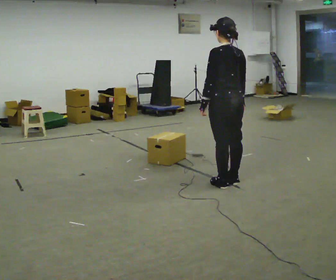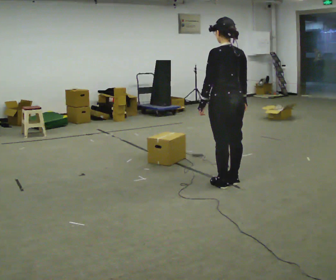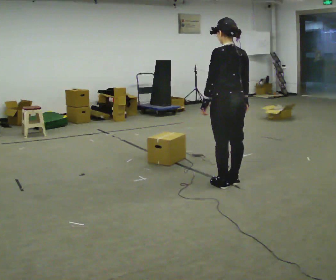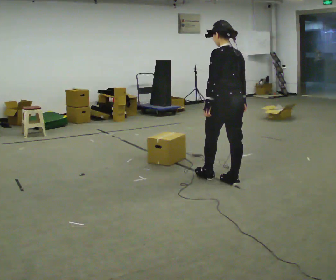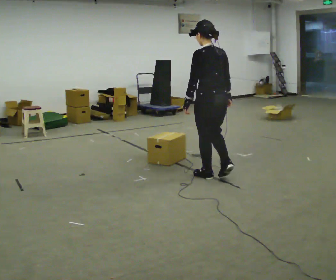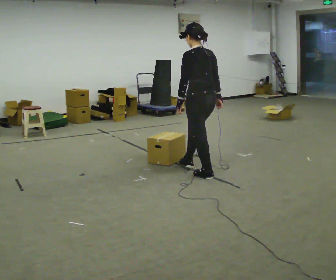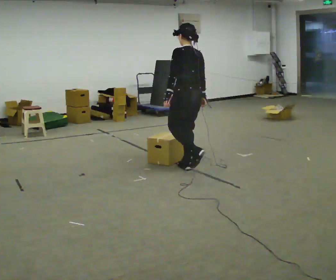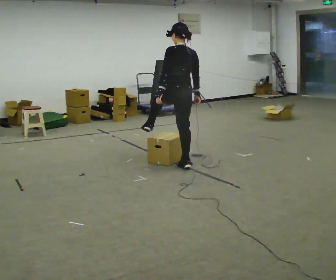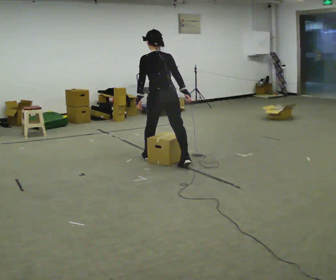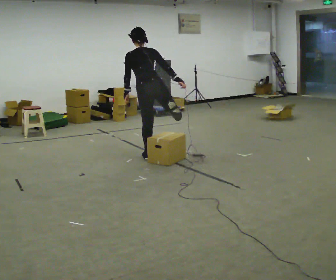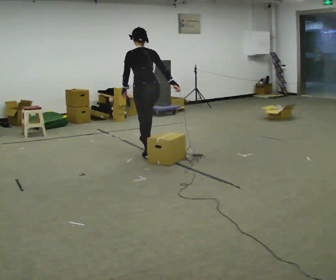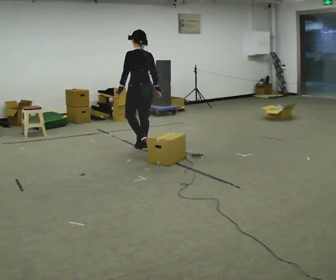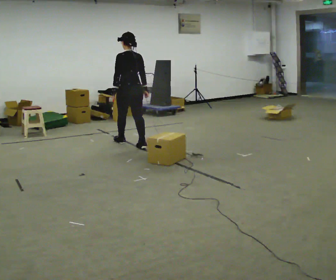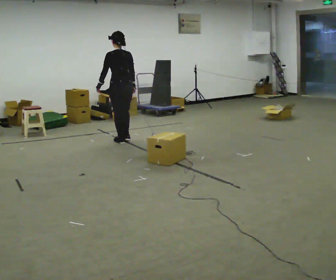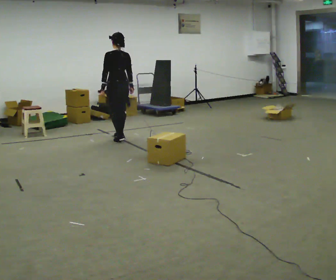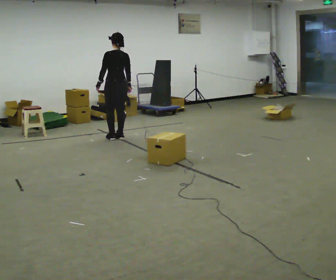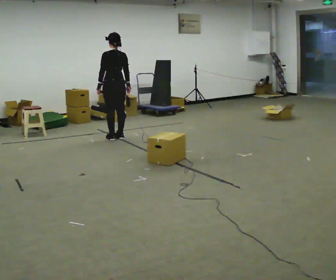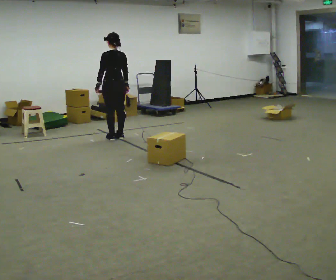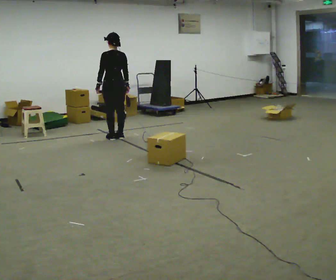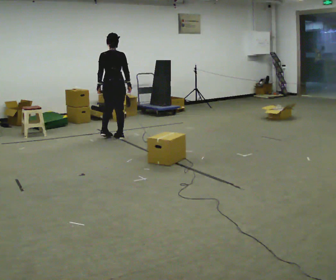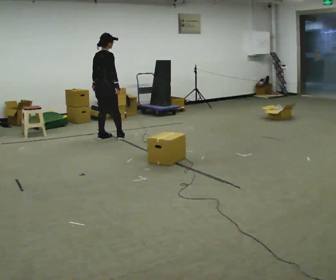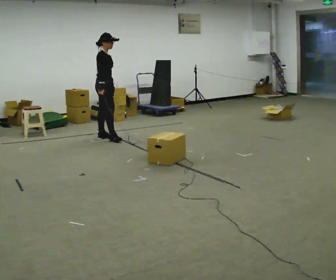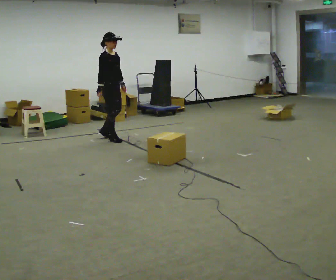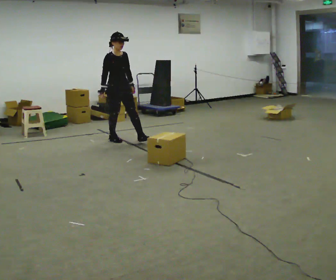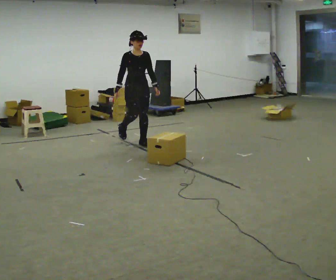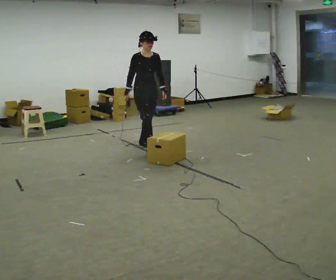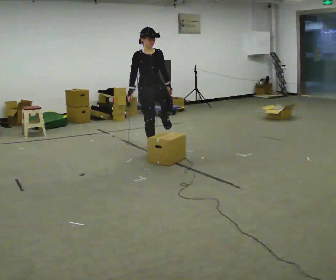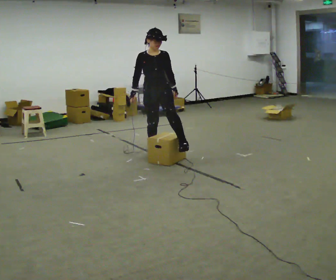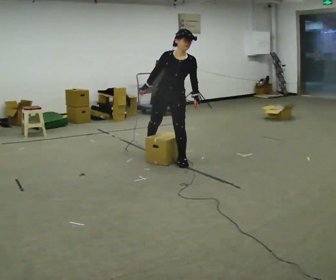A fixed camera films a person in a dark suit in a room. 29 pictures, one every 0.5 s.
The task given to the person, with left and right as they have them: Walk across the room at a normal pace, looking ahead. Something may appear in your way. Deal with it however comes naturally and carry on.
0.0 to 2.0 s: In the picture they go away from the camera, about 0.25 m in 1 step, which for them is forward.
2.0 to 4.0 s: The person turns about 30 degrees to their right, clockwise seen from above, so the part of the body nearest the lens slides to the left. In the picture they go away from the camera and to the left, about 1 m in 2 steps, which for them is forward. The upper body tips away from the camera, its near side rolling upward, as they bend forward.
4.0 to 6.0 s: In the picture they go away from the camera and to the left, about 1 m in 2 steps, which for them is forward.
6.0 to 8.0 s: In the picture they go away from the camera and to the left, about 0.5 m in 2 steps, which for them is forward.
8.0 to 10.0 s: The person turns about 90 degrees to their right, clockwise seen from above, so the part of the body nearest the lens slides to the left. In the picture they go to the left, about 0.25 m in 1 step.
10.0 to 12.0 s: The part of the body nearest the lens slides to the left as the person turns to their right by about 105 degrees. In the picture they go to the right and toward the camera, about 0.5 m in 2 steps.
12.0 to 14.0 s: The part of the body nearest the lens slides to the left as the person turns to their right by about 30 degrees. In the picture they go toward the camera and to the right, about 1 m in 2 steps, which for them is forward.
The film runs forward here.
